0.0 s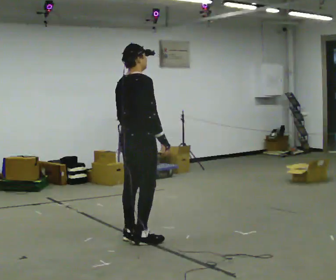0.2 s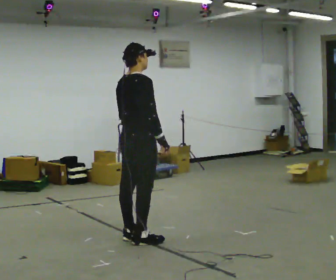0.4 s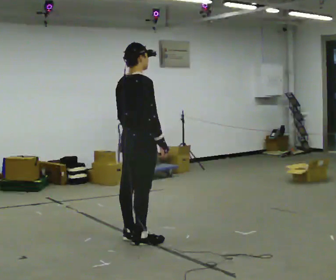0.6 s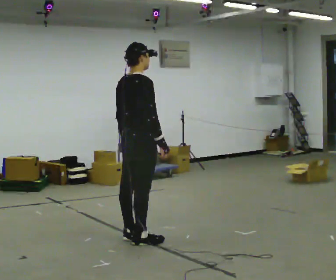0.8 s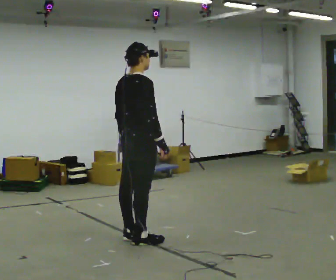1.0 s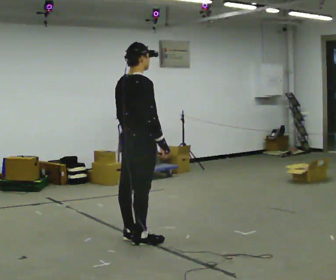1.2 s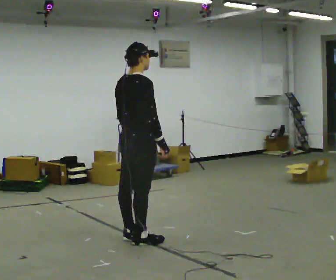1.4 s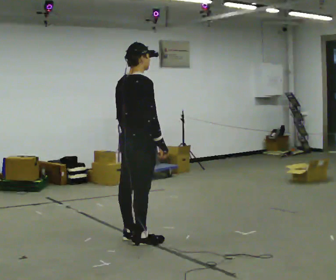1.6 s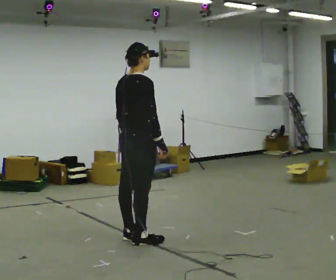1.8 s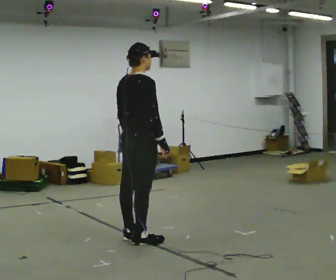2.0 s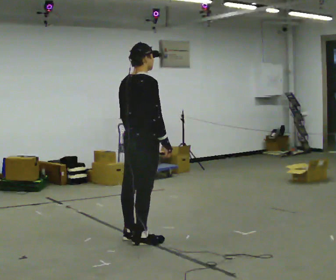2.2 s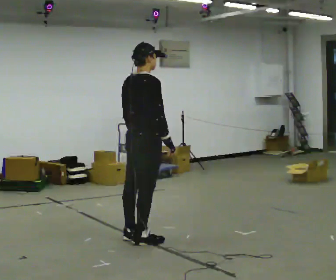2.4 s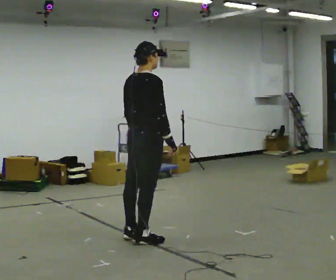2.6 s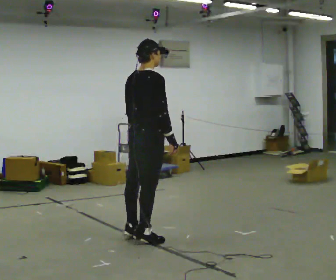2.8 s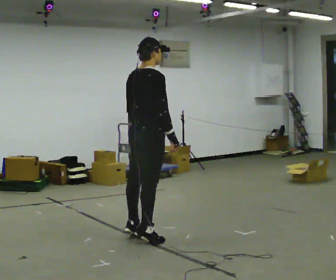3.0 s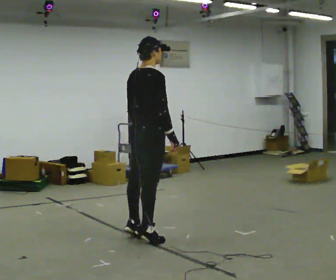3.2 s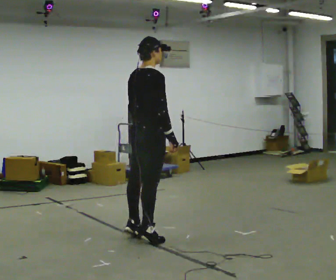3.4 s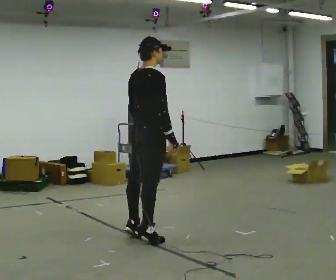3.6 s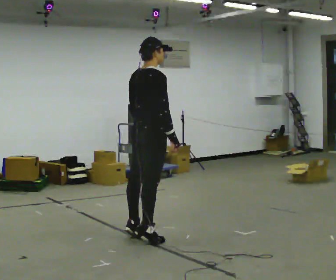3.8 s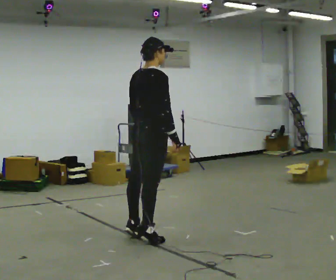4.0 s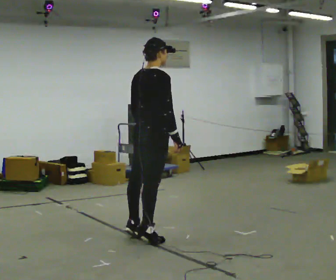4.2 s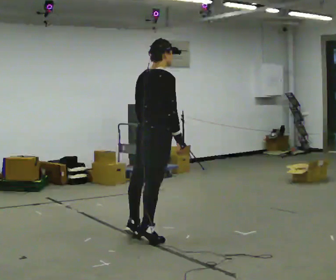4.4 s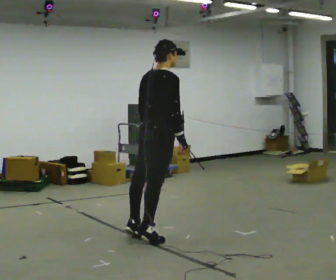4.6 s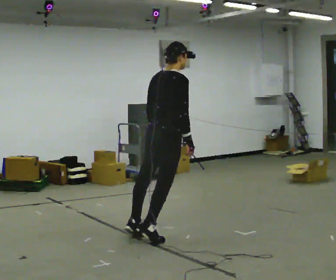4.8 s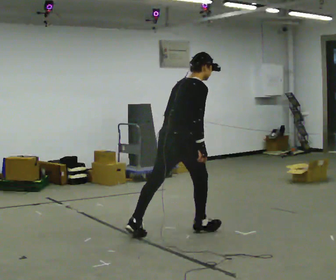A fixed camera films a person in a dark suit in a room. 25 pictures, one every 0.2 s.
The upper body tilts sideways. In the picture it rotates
clockwise.
0.0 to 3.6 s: The person moves a little, or ends about where they began.
3.6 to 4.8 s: In the picture they go to the right and away from the camera, about 0.25 m, which for them is forward. In the picture the upper body tilts clockwise, shoulders to the right, as they bend forward.
The film runs forward here.
